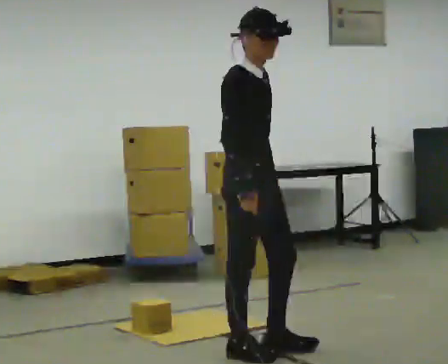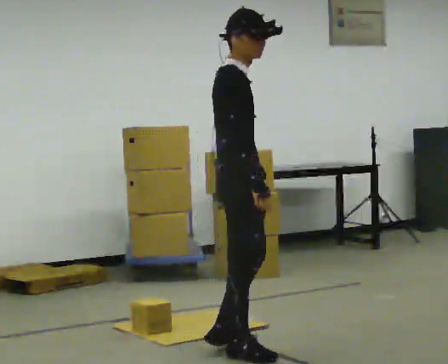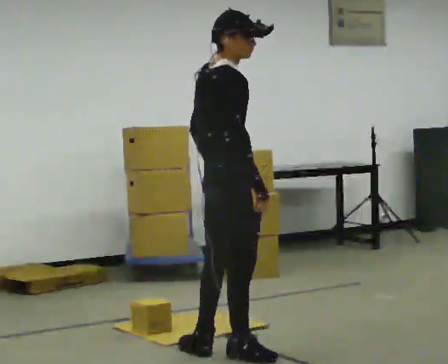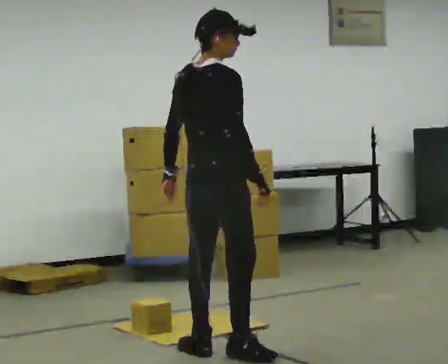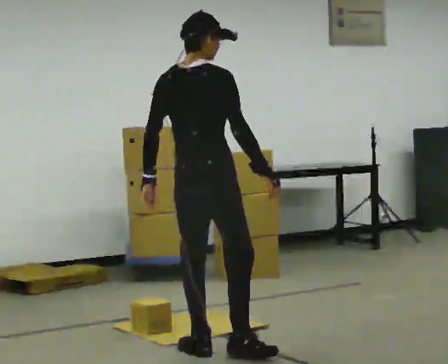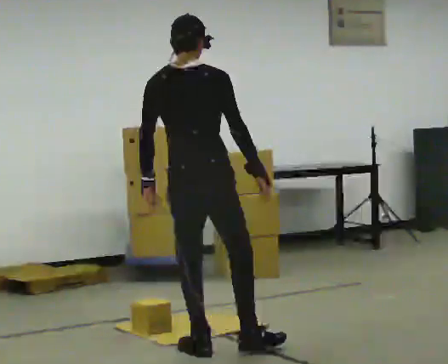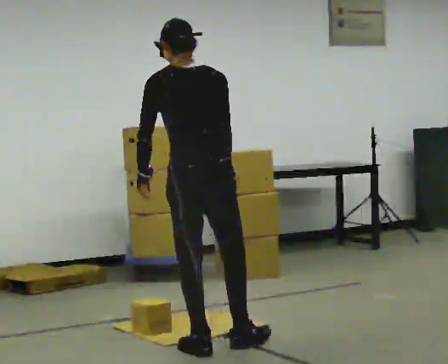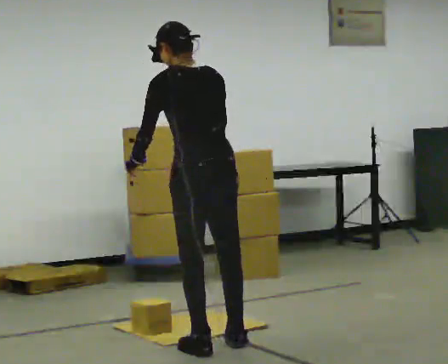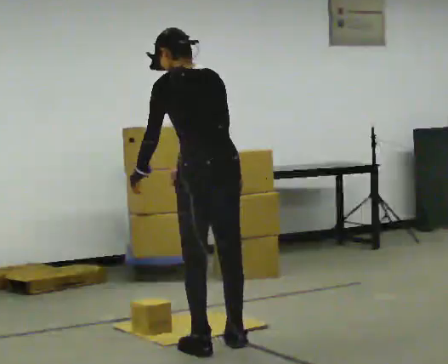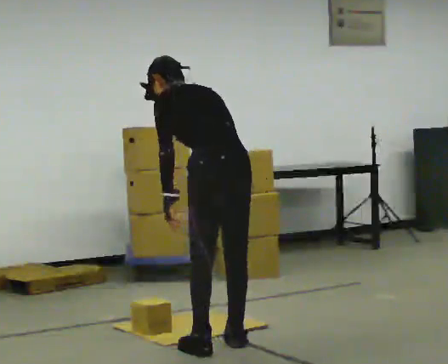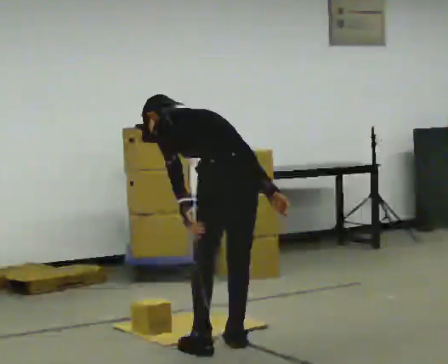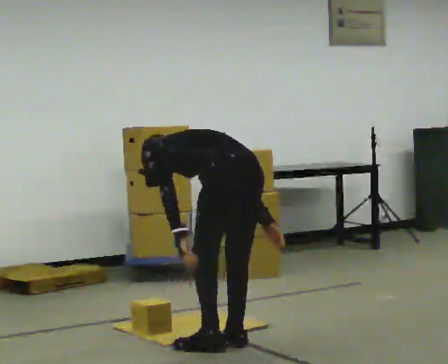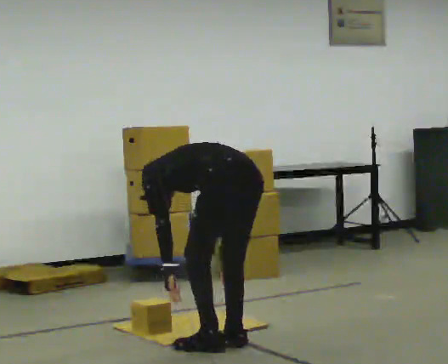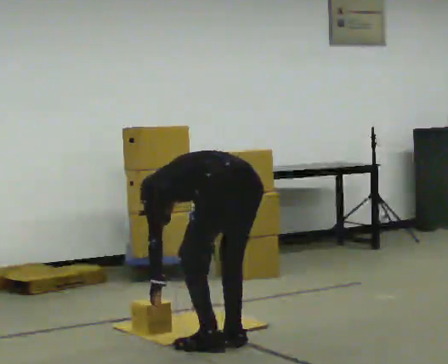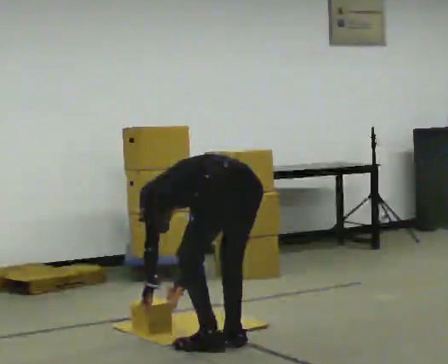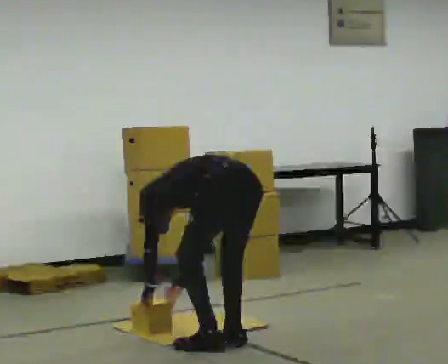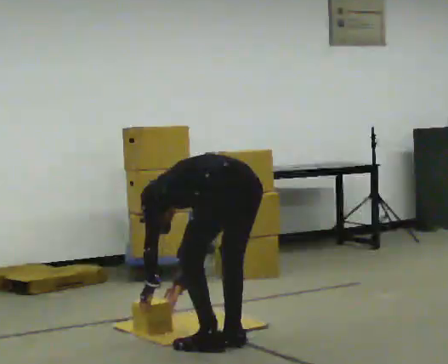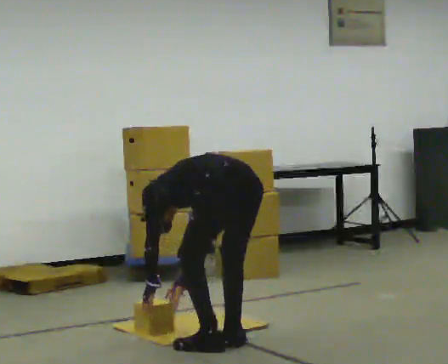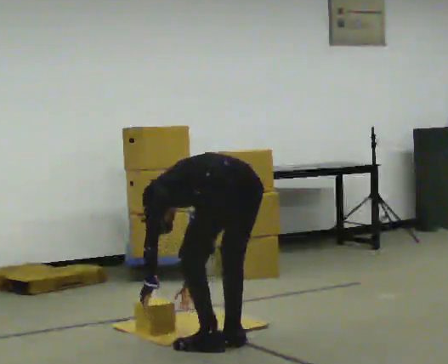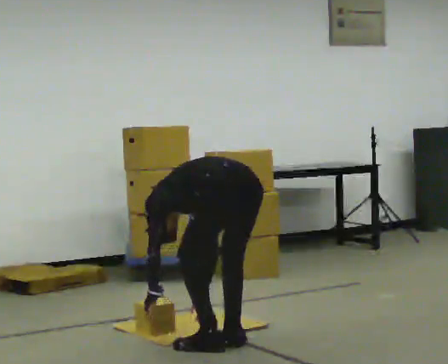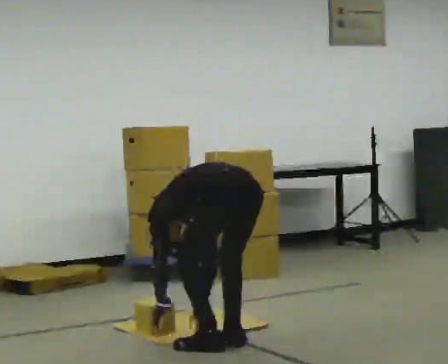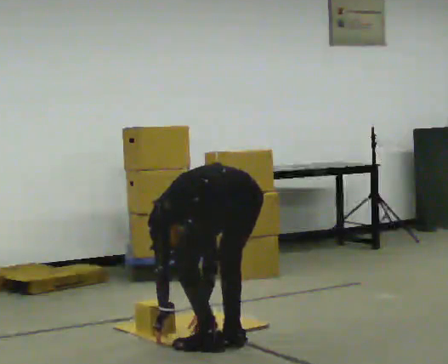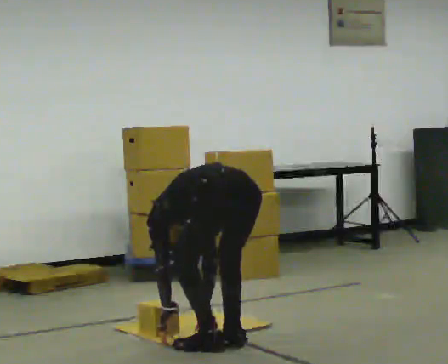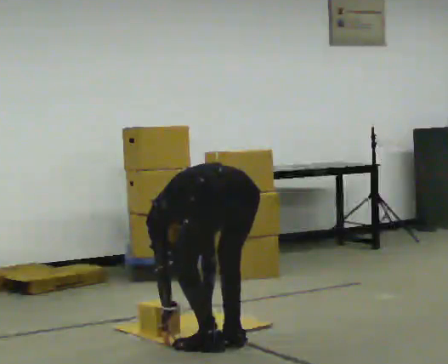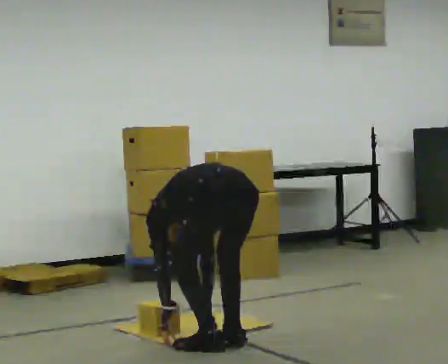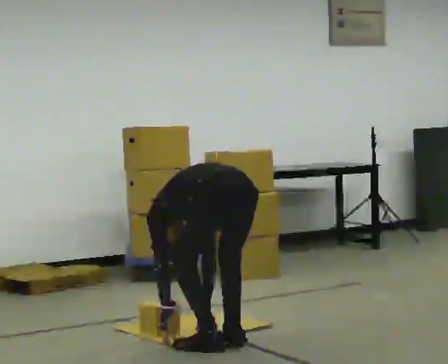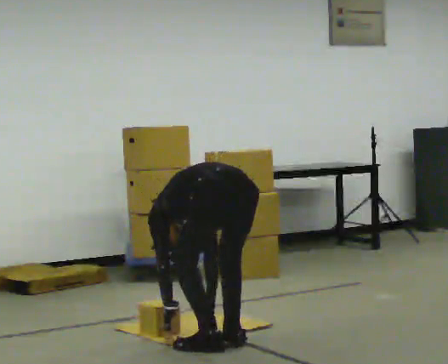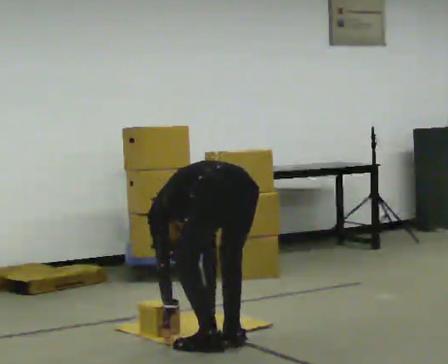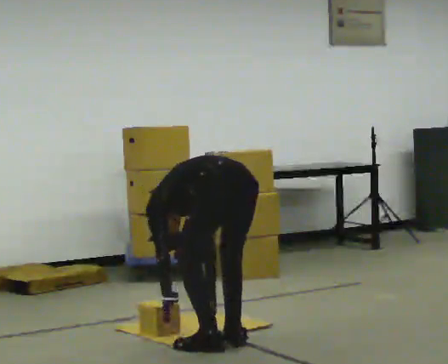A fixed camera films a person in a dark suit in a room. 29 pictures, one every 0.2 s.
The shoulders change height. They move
downward.
The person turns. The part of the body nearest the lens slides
to the right.
0.0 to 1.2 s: The part of the body nearest the lens slides to the right as the person turns to their left by about 120 degrees. In the picture they go to the left, about 0.25 m in 1 step.
1.2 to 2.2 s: Seen from above the body turns counterclockwise, about 30 degrees: to their left, with its near side sliding to the right. In the picture they go to the right, about 0.25 m, which for them is to their right. The upper body goes downward. The upper body tips away from the camera, its near side rolling upward, as they bend forward. In the picture their left hand goes downward.
2.2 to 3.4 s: The upper body goes downward. The upper body tips away from the camera, its near side rolling upward, as they bend forward. In the picture their right hand goes to the left and downward, the arm swinging clockwise.
3.4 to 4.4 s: In the picture the upper body tilts counterclockwise, shoulders to the left.
4.4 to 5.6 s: The person moves a little, or ends about where they began.
The film runs backward here.
